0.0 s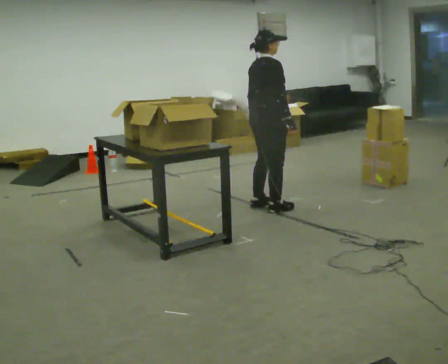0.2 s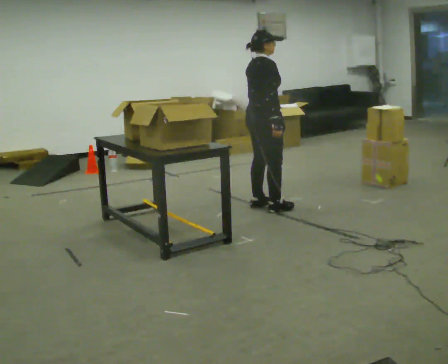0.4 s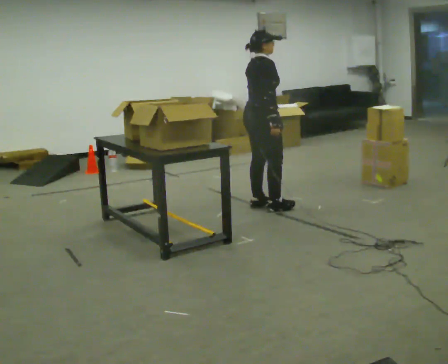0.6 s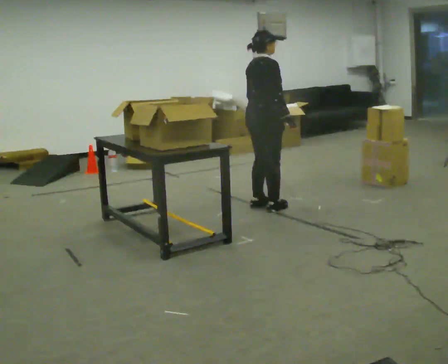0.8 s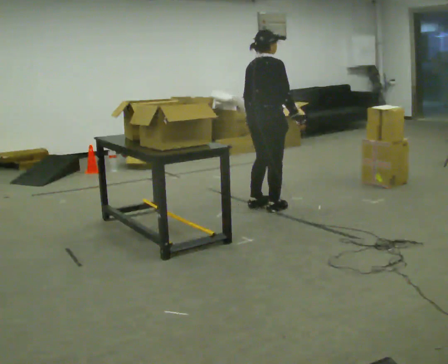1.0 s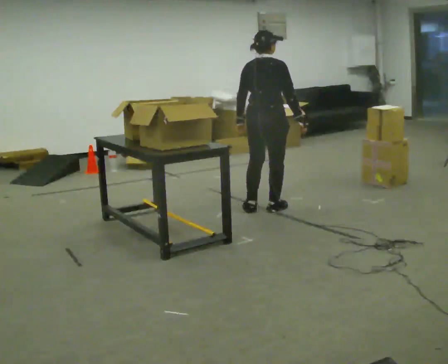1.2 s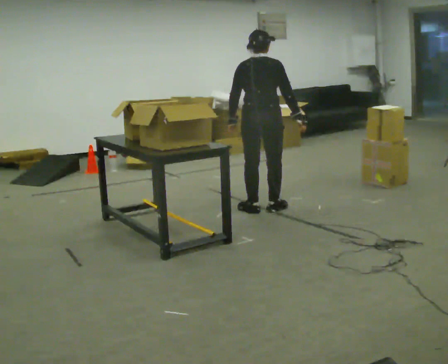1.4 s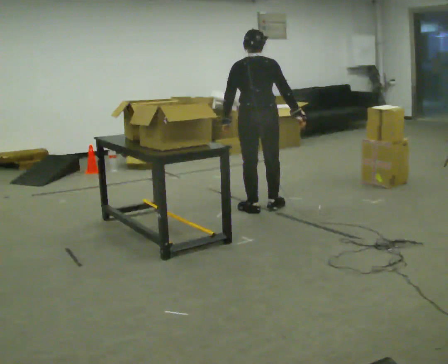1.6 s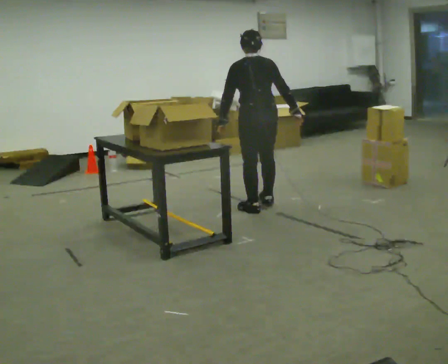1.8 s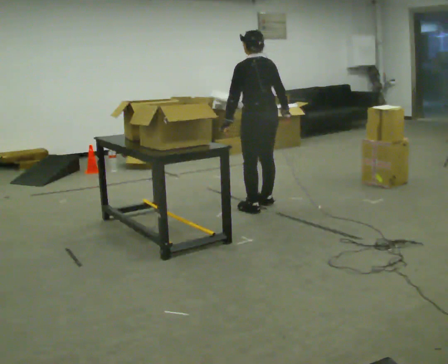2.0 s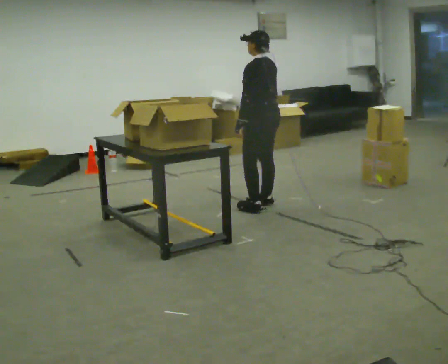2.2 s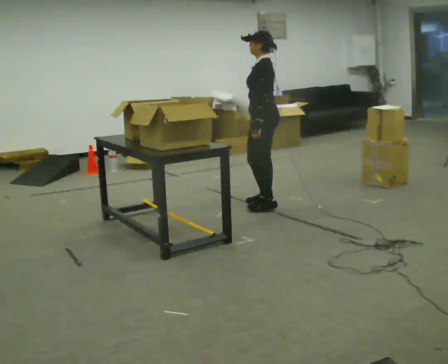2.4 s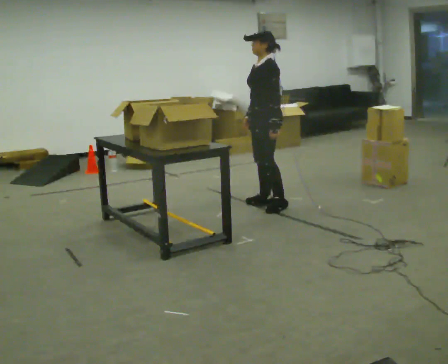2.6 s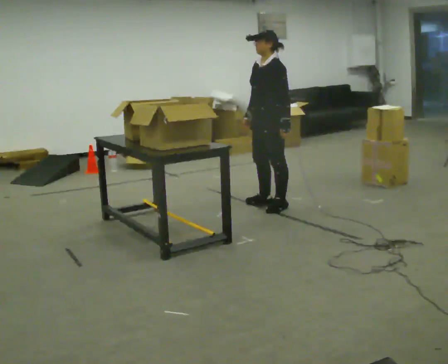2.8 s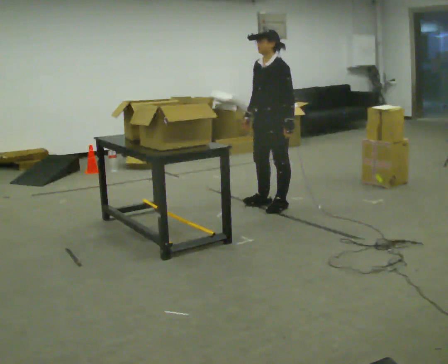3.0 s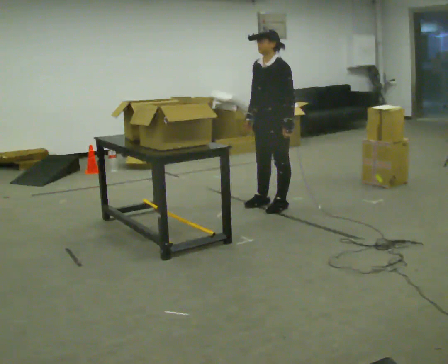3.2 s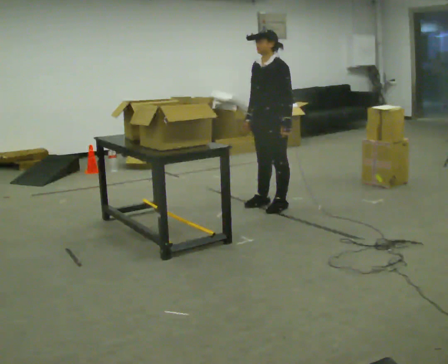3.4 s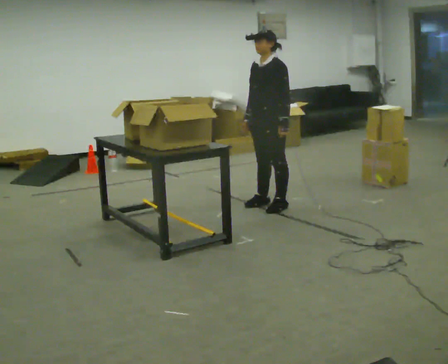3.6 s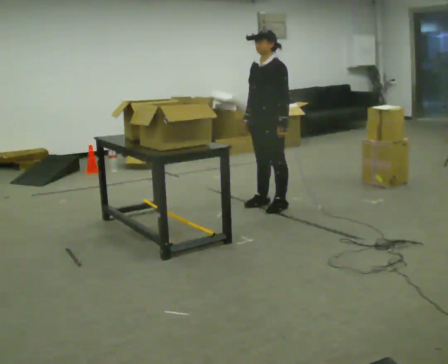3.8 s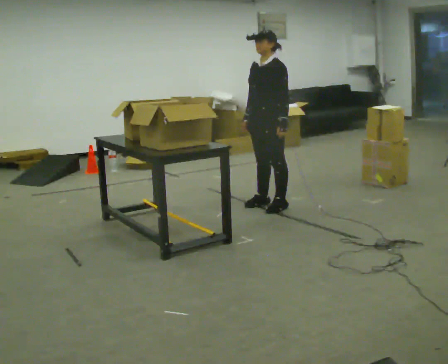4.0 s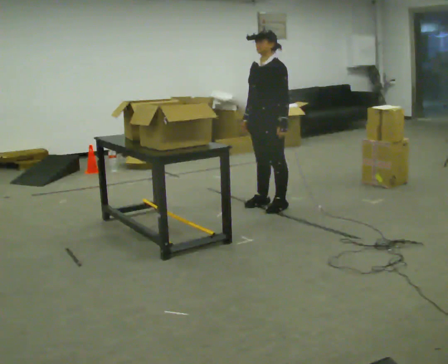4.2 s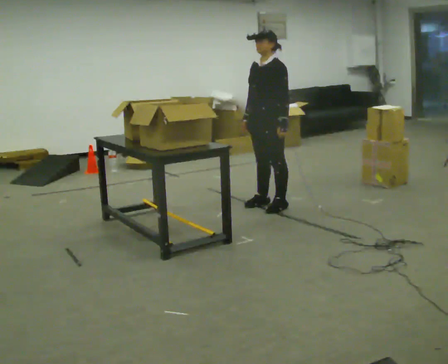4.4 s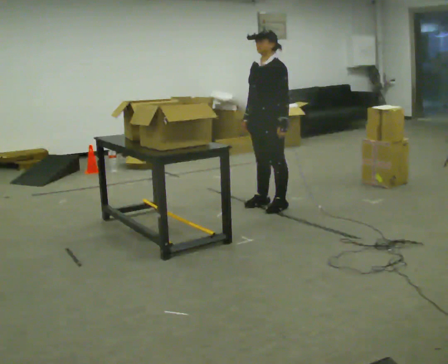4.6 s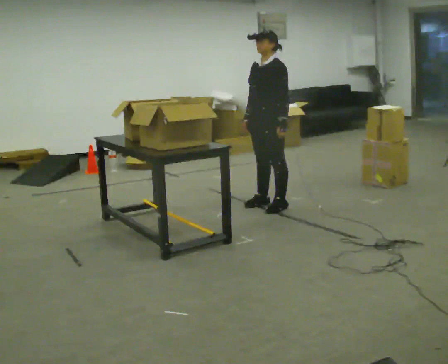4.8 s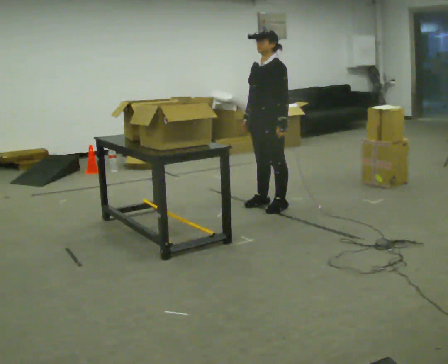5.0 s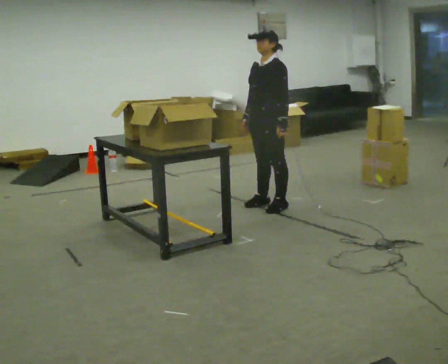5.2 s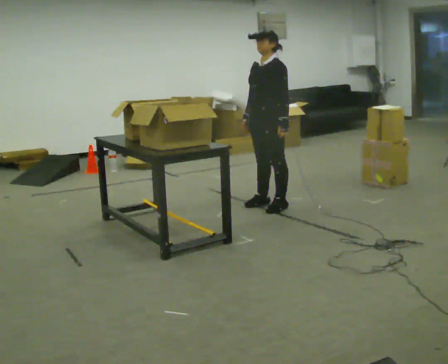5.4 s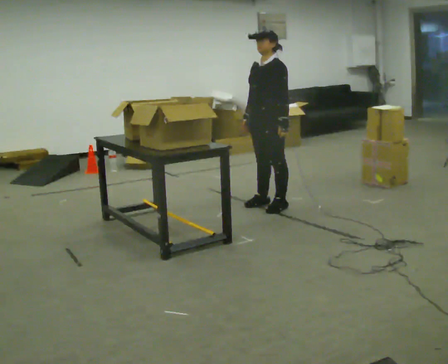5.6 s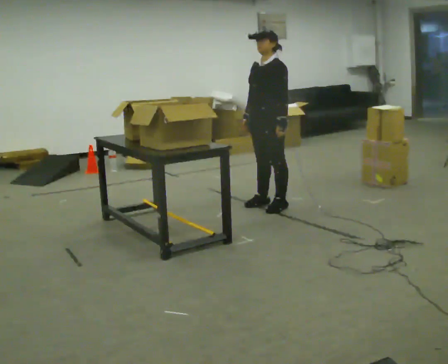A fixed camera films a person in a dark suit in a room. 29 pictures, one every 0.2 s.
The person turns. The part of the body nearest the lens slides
to the right.
The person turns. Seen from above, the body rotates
counterclockwise.
0.0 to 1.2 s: The part of the body nearest the lens slides to the right as the person turns to their left by about 45 degrees.
1.2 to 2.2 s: The part of the body nearest the lens slides to the right as the person turns to their left by about 90 degrees. In the picture their right hand goes to the left, the arm swinging clockwise.
2.2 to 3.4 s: The person turns about 45 degrees to their left, counterclockwise seen from above, so the part of the body nearest the lens slides to the right.
3.4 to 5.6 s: The person moves a little, or ends about where they began.
The film runs backward here.
